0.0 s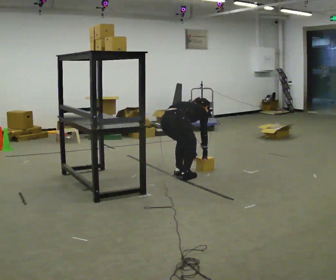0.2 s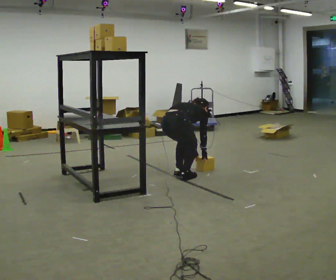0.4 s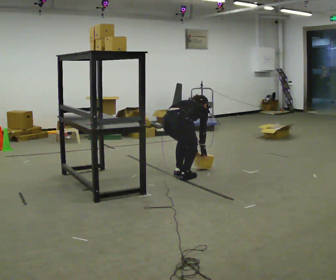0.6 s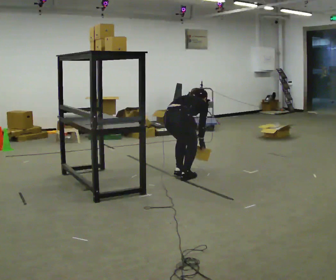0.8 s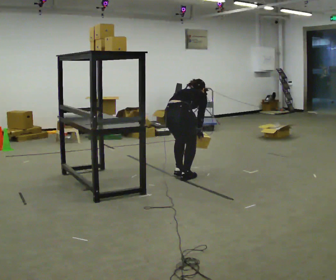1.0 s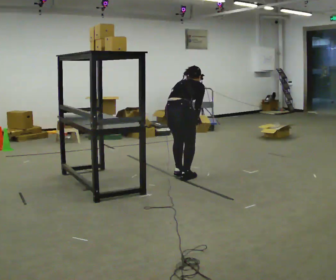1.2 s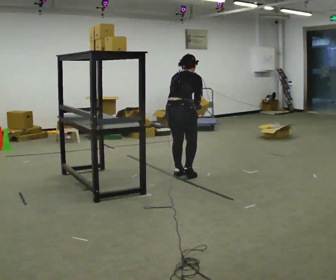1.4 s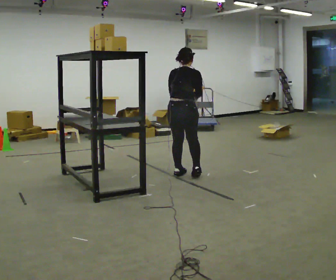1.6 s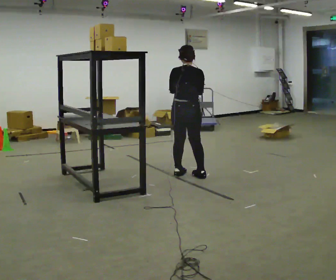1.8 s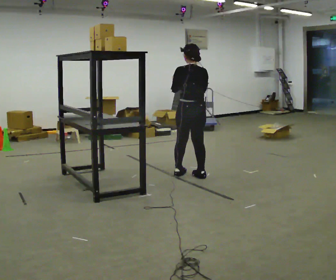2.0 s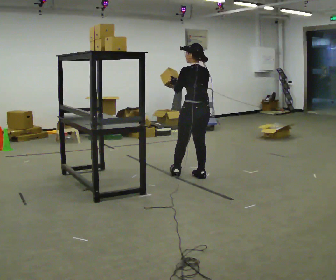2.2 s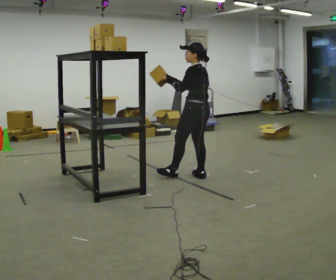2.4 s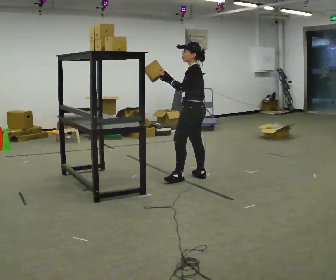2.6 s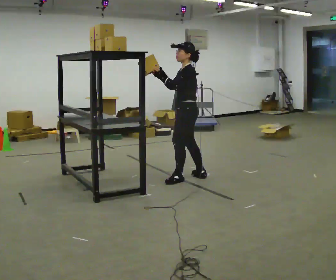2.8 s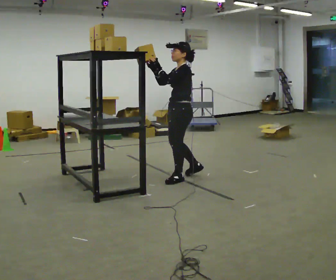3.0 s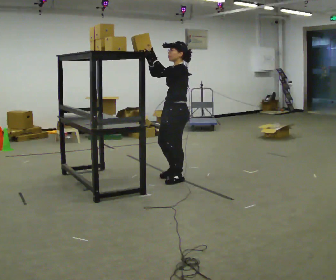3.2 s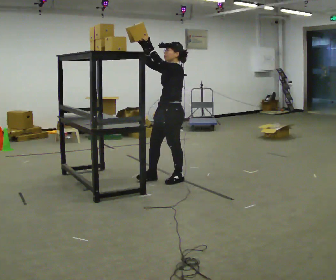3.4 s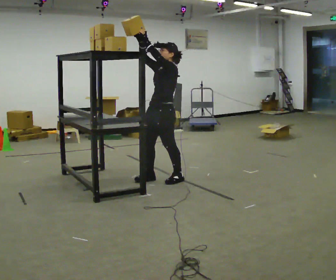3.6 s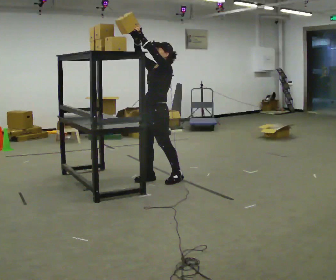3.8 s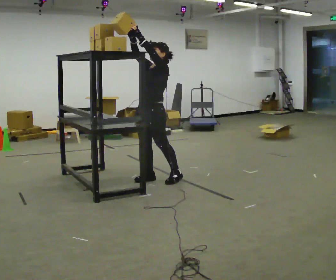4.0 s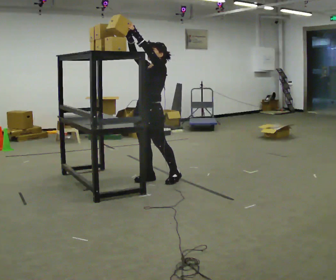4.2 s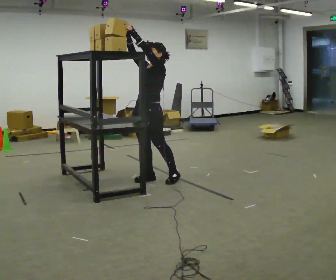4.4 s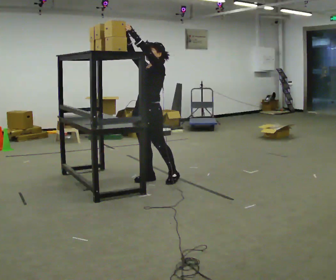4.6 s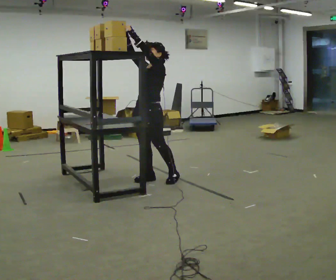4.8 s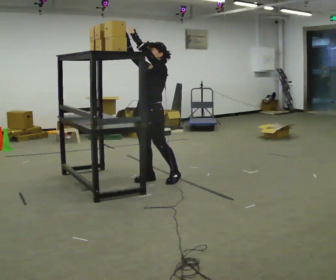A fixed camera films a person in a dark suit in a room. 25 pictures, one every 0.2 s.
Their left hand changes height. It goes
upward.
The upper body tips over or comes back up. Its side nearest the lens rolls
downward.
0.0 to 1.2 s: The shoulders move upward. In the picture the upper body tilts counterclockwise, shoulders to the left, as they lean back or straighten. In the picture their right hand goes upward.
1.2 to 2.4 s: The part of the body nearest the lens slides to the right as the person turns to their left by about 105 degrees. In the picture they go to the right, about 0.25 m in 2 steps. The upper body tips toward the camera, its near side rolling downward, as they lean back or straighten. In the picture their right hand goes to the left and upward.
2.4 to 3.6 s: The person turns about 60 degrees to their left, counterclockwise seen from above, so the part of the body nearest the lens slides to the right. In the picture they go to the left, about 0.5 m in 1 step, which for them is forward. In the picture their right hand goes upward.
3.6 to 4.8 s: The person moves a little, or ends about where they began.
The film runs forward here.
